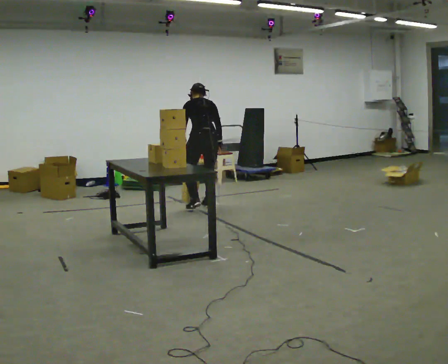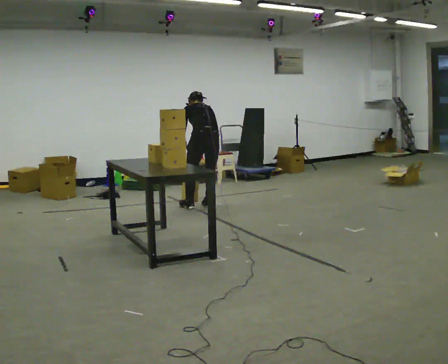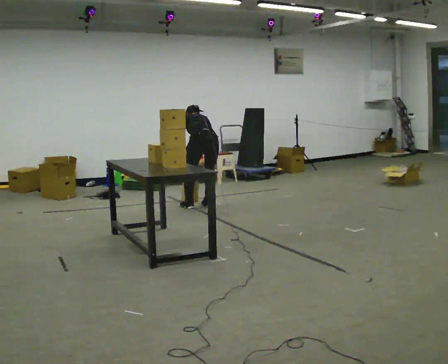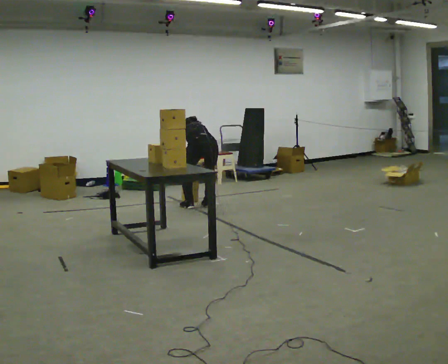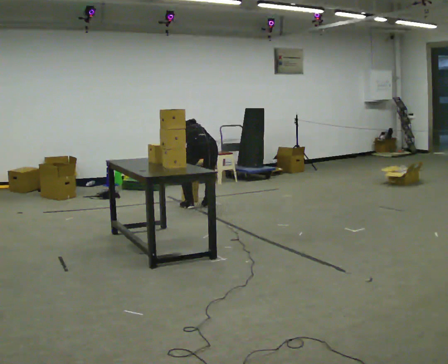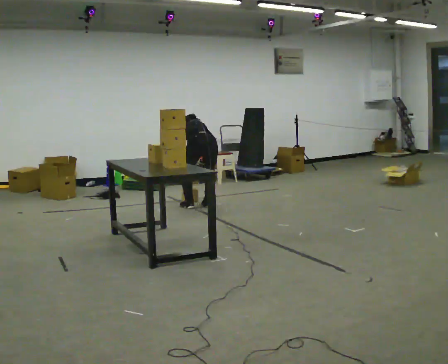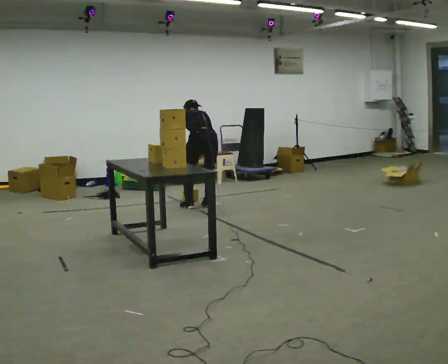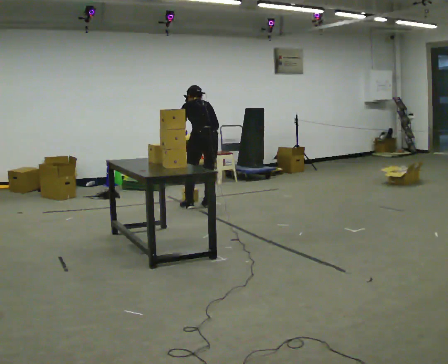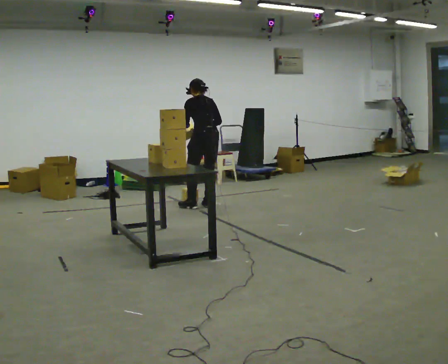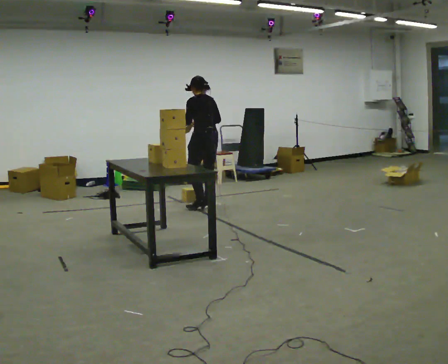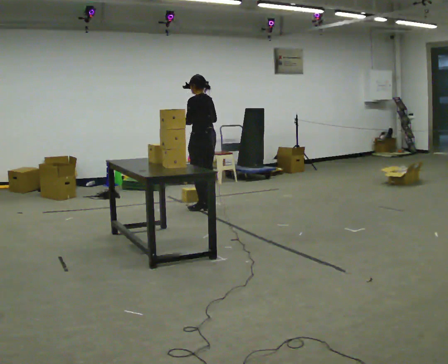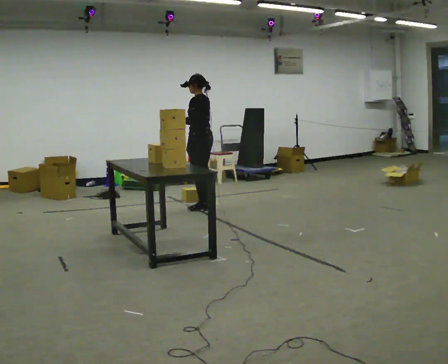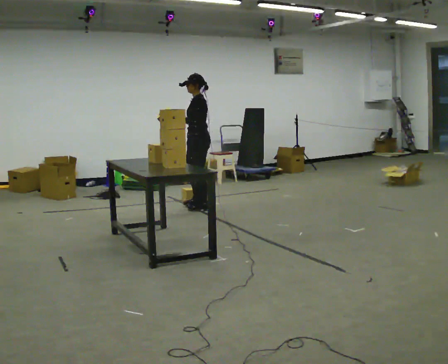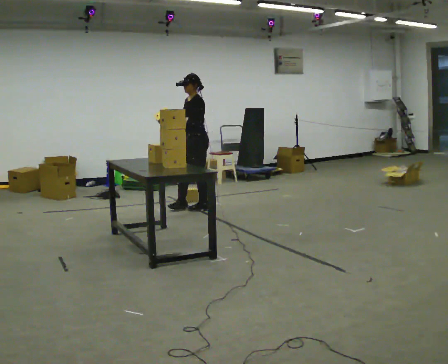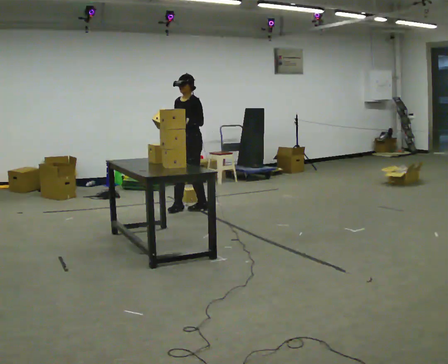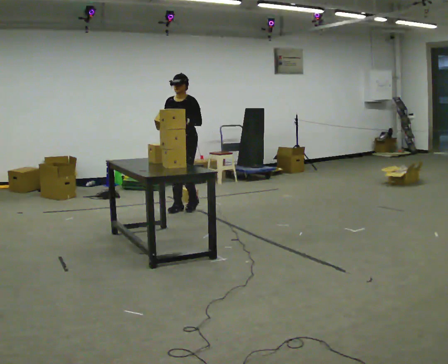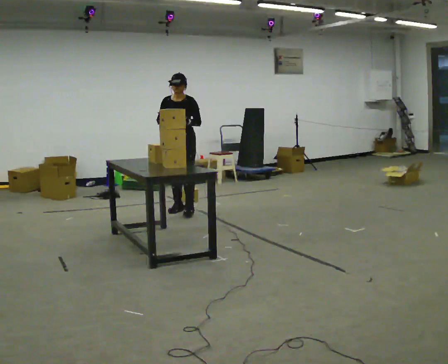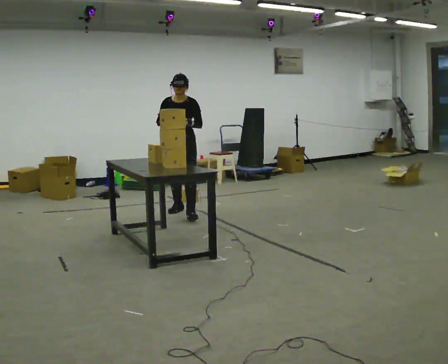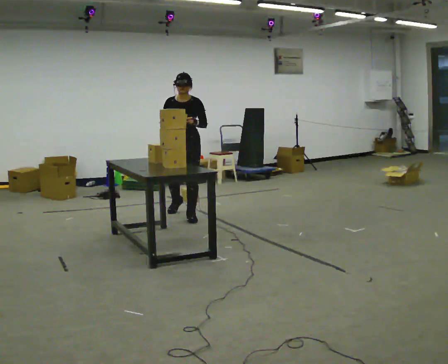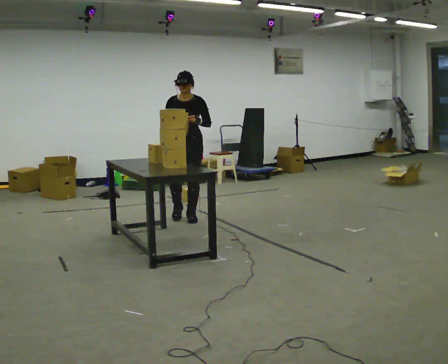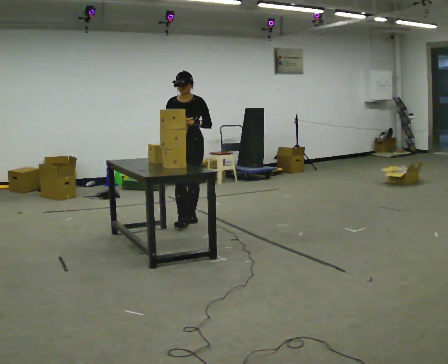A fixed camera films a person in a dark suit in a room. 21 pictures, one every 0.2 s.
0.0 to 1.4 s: The person moves a little, or ends about where they began.
1.4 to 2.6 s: The person turns about 90 degrees to their left, counterclockwise seen from above, so the part of the body nearest the lens slides to the right. The upper body tips toward the camera, its near side rolling downward, as they lean back or straighten. In the picture their right hand goes to the left.
2.6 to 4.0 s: The person turns about 60 degrees to their left, counterclockwise seen from above, so the part of the body nearest the lens slides to the right. In the picture they go toward the camera, about 0.5 m in 2 steps.
The film runs forward here.
